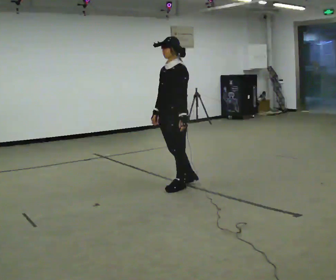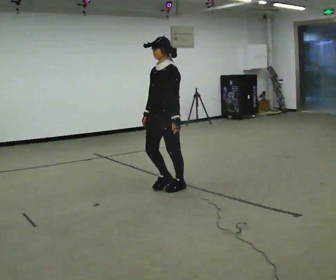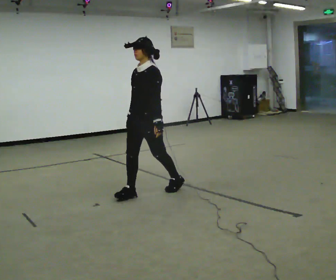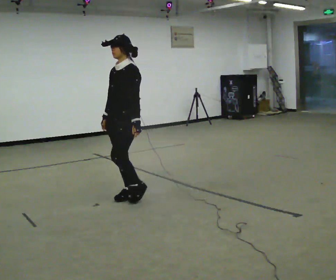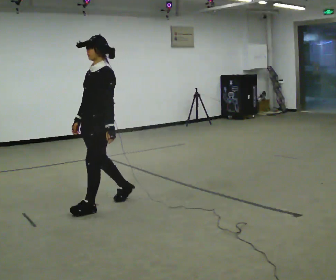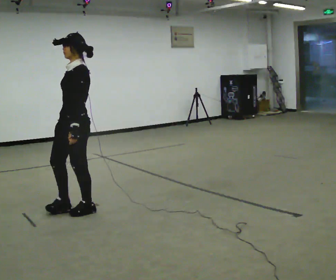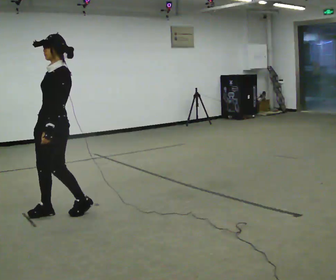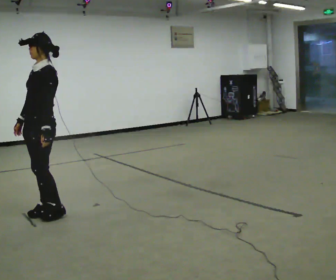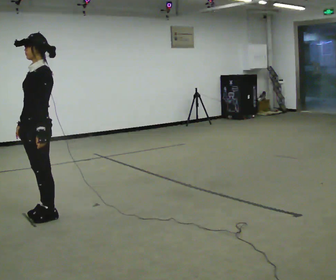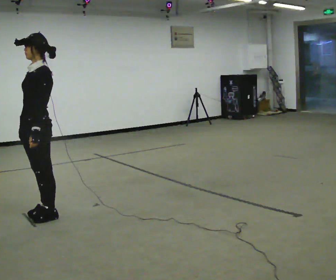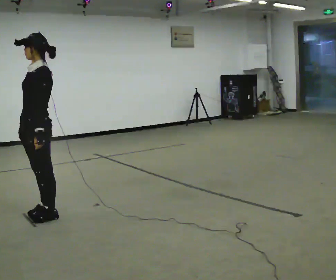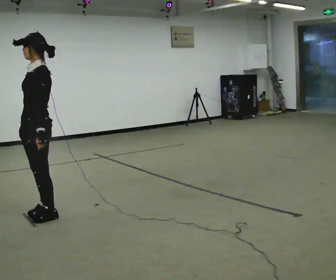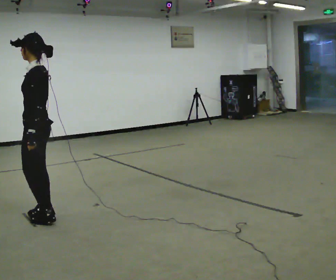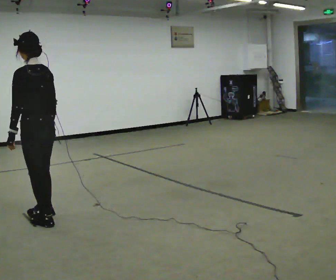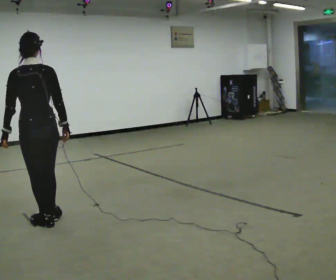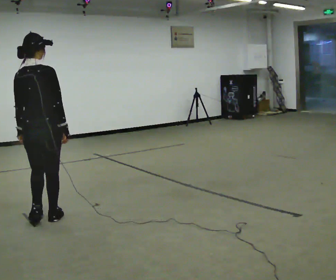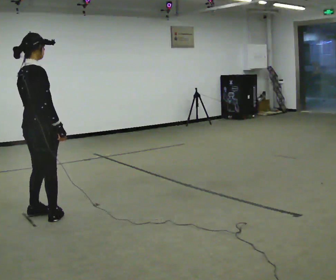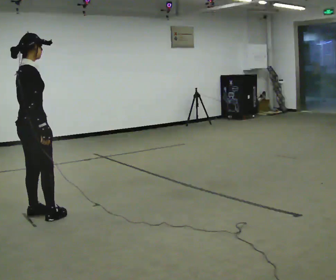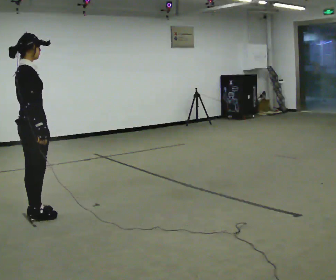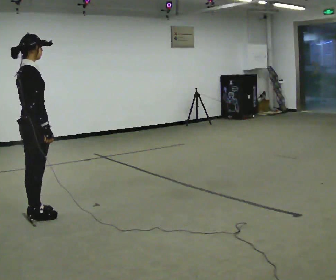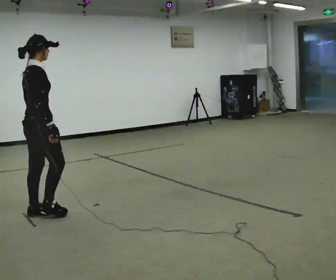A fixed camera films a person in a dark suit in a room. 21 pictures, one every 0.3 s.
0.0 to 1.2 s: In the picture they go to the left, about 1 m in 2 steps, which for them is forward.
1.2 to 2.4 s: In the picture they go to the left, about 0.5 m in 2 steps, which for them is forward.
2.4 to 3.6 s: Seen from above the body turns clockwise, about 30 degrees: to their right, with its near side sliding to the left.
3.6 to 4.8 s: Seen from above the body turns clockwise, about 135 degrees: to their right, with its near side sliding to the left.
4.8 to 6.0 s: The person moves a little, or ends about where they began.
The film runs forward here.
